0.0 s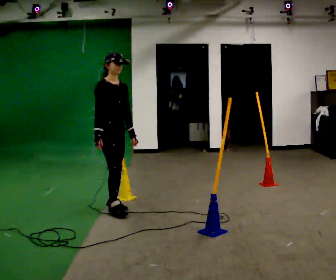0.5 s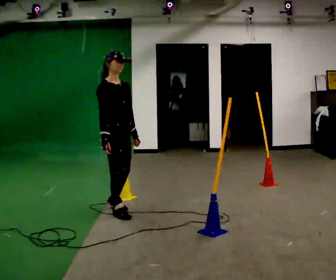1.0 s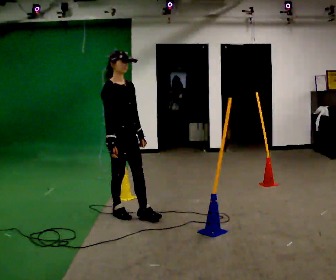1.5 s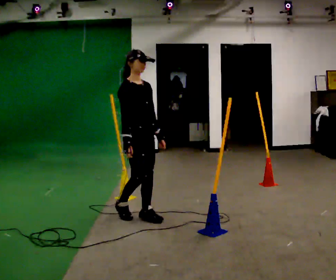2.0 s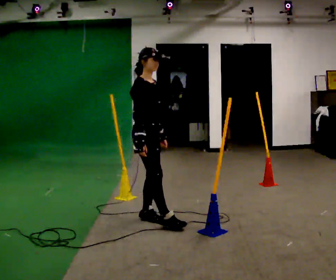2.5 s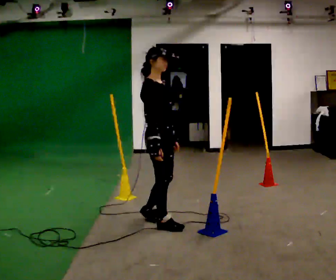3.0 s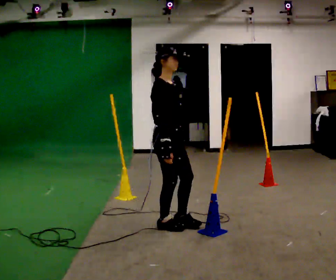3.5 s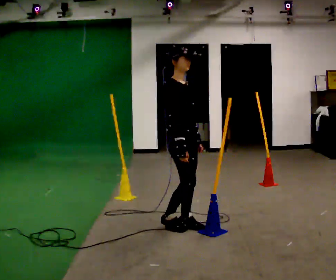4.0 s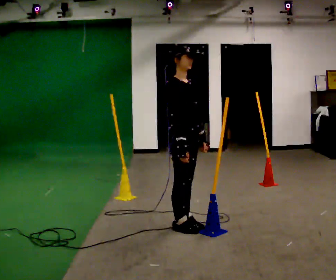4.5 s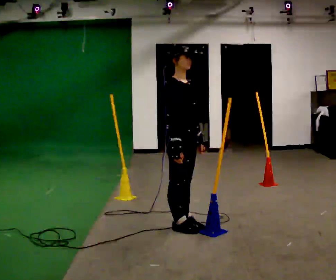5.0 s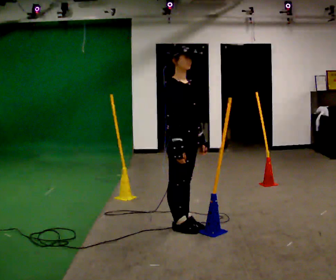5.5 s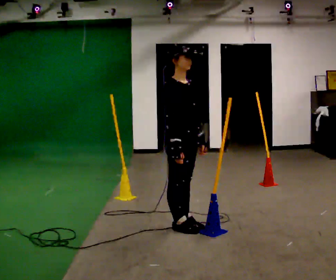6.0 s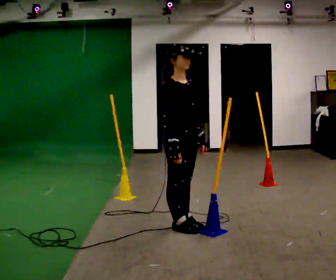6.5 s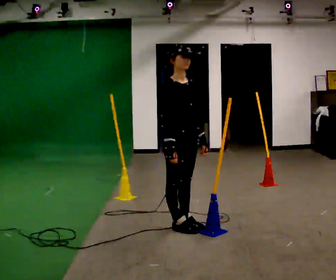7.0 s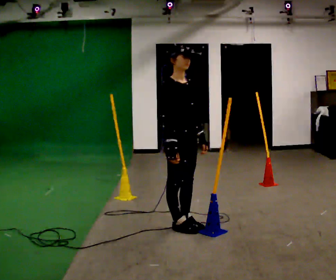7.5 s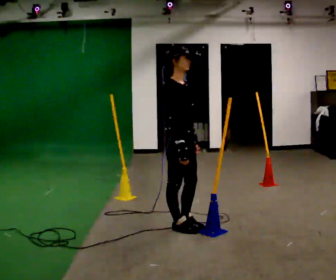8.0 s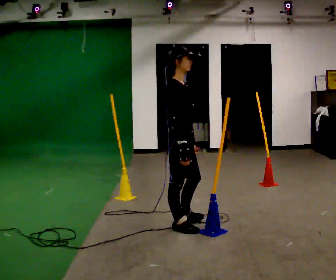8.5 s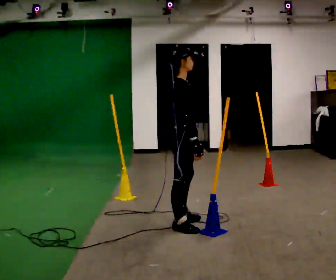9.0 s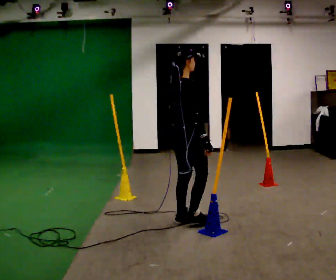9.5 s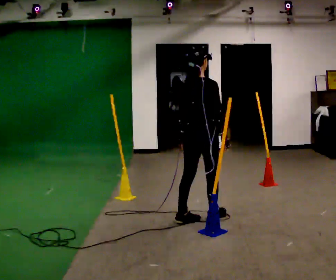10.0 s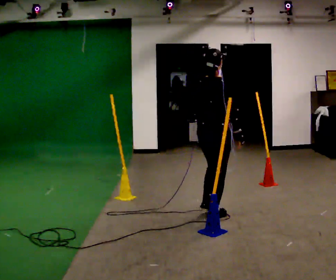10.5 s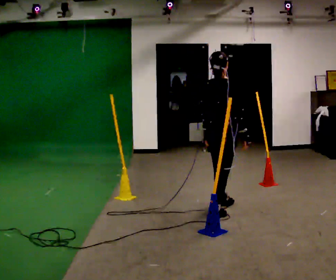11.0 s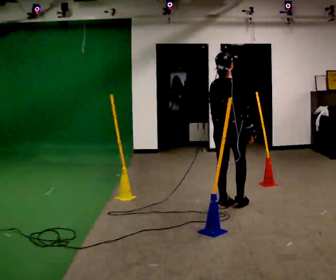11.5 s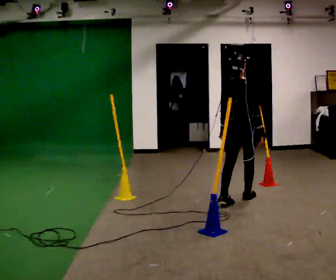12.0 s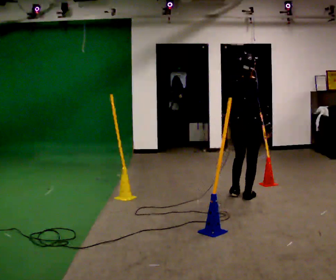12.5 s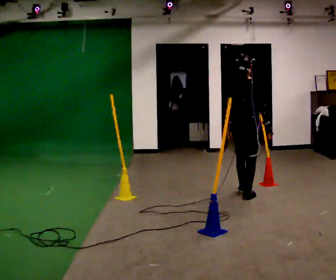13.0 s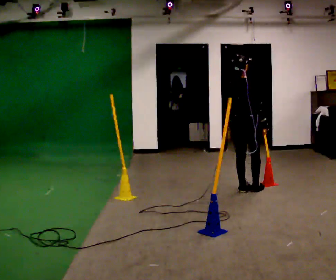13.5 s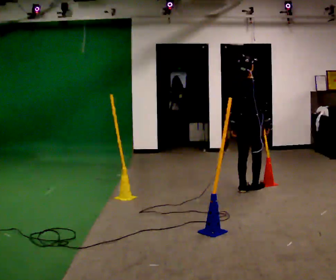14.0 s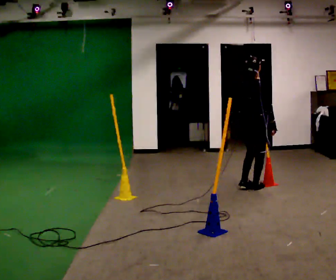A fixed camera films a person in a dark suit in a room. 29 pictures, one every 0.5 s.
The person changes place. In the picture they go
to the right.
The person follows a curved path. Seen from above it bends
counterclockwise.
0.0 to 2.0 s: In the picture they go to the right and toward the camera, about 0.5 m in 3 steps, which for them is forward.
2.0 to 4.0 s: In the picture they go to the right and toward the camera, about 0.5 m in 1 step, which for them is forward.
4.0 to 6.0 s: The person moves a little, or ends about where they began.
6.0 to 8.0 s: Seen from above the body turns counterclockwise, about 30 degrees: to their left, with its near side sliding to the right.
8.0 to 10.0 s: The person turns about 75 degrees to their left, counterclockwise seen from above, so the part of the body nearest the lens slides to the right. In the picture they go to the right and away from the camera, about 0.5 m in 1 step.
10.0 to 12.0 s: In the picture they go away from the camera and to the right, about 0.5 m in 2 steps, which for them is forward.
12.0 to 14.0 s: In the picture they go away from the camera, about 0.5 m in 2 steps, which for them is forward.
The film runs forward here.
